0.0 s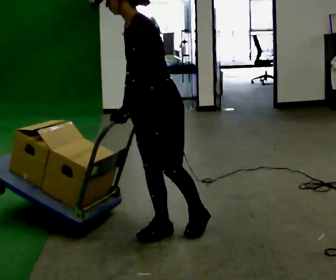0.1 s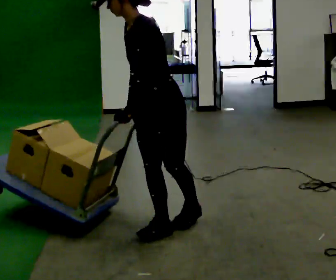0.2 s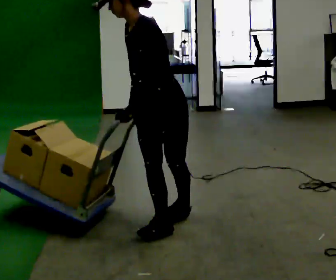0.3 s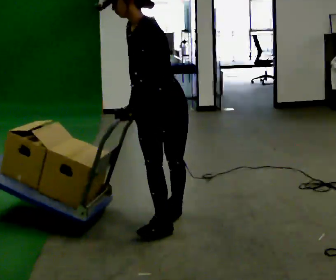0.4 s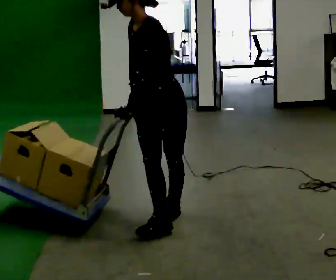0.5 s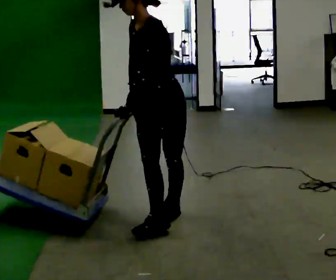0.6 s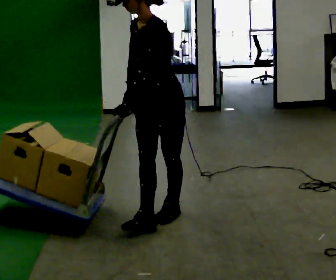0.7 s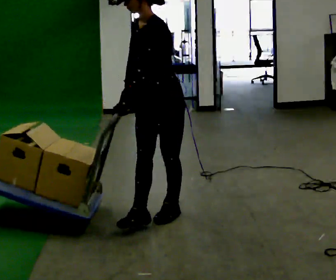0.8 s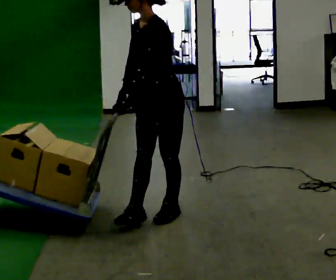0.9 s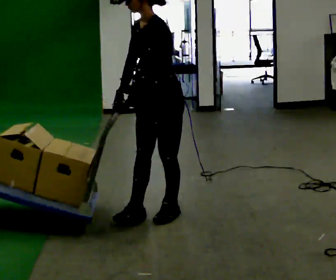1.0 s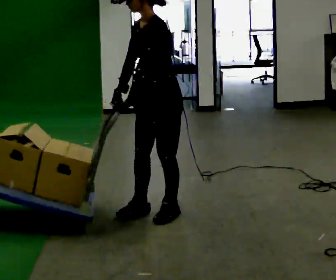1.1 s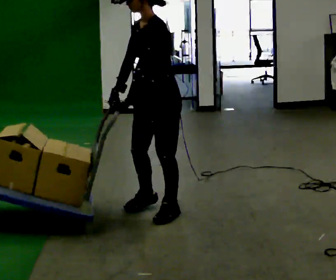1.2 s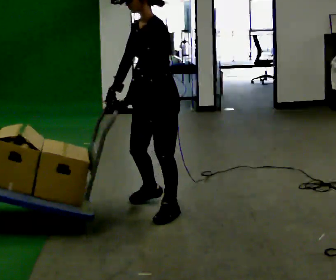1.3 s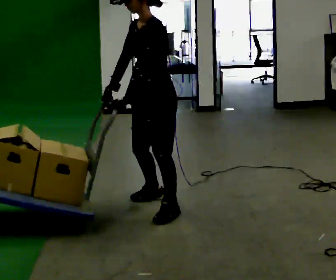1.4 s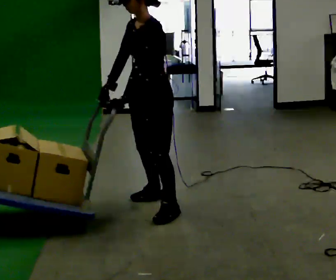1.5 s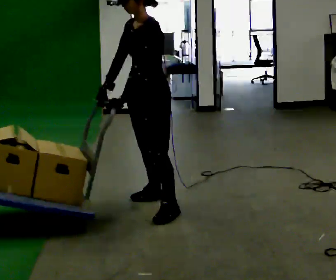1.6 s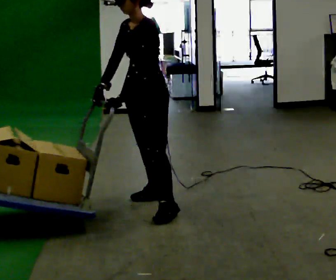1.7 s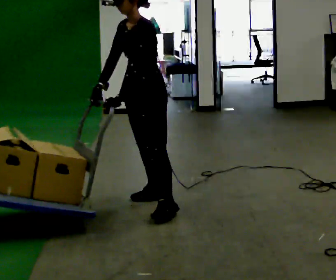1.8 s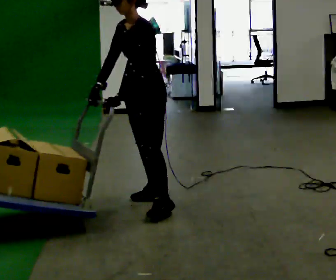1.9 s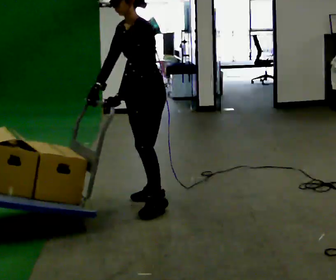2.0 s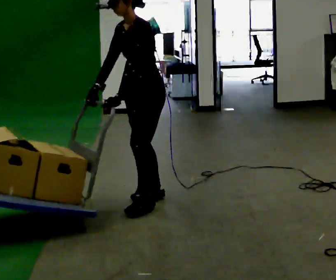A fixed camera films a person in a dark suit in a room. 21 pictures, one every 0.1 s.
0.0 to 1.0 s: In the picture they go away from the camera, about 0.25 m in 1 step, which for them is to their right and backward.
1.0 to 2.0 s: In the picture they go away from the camera, about 0.25 m in 1 step, which for them is to their right.
The film runs backward here.
